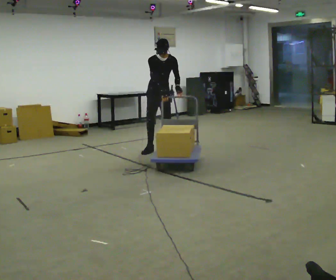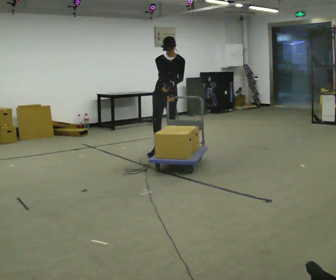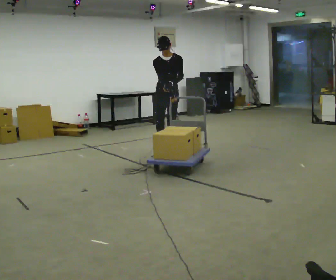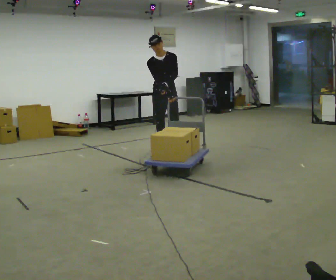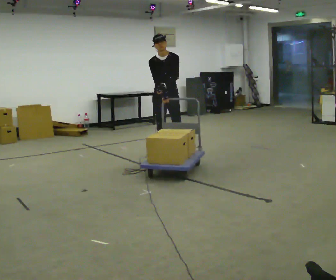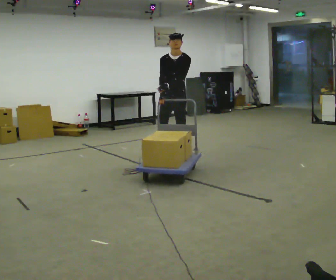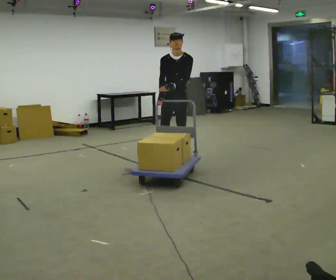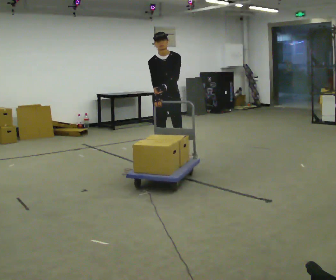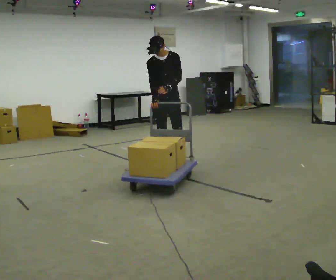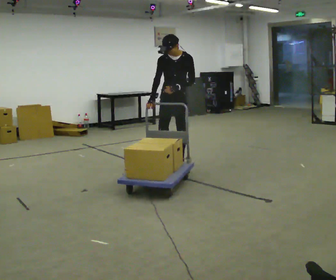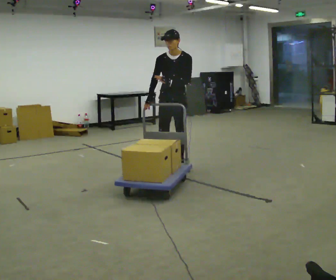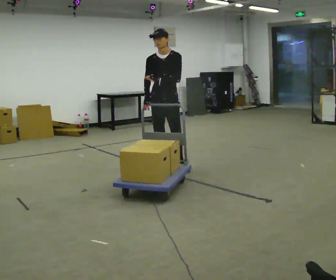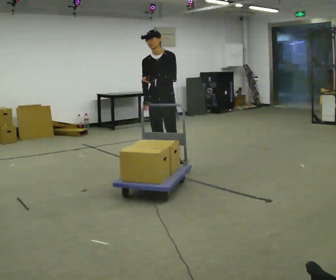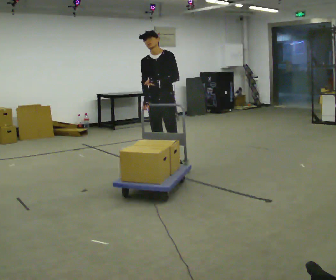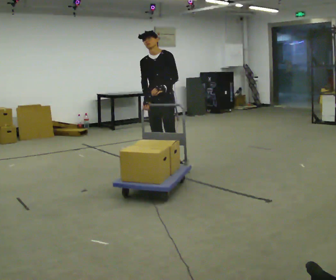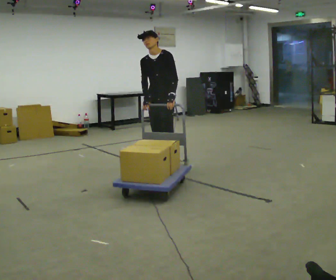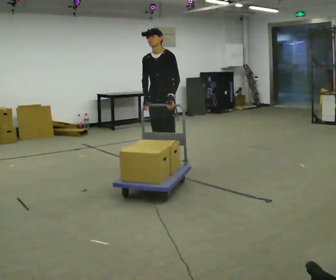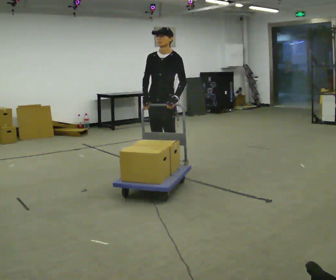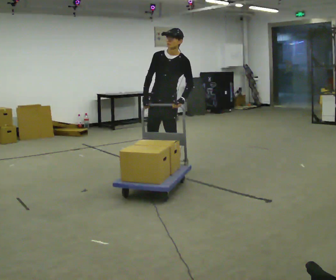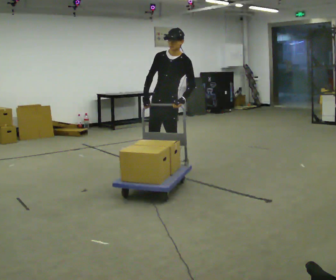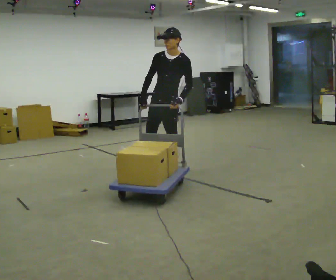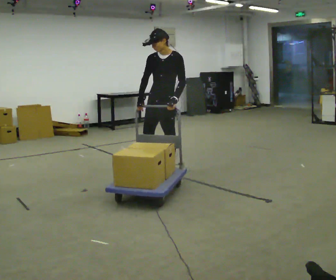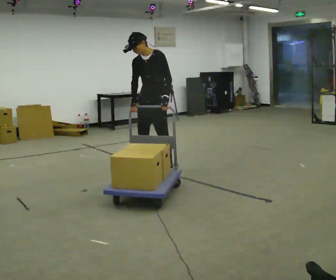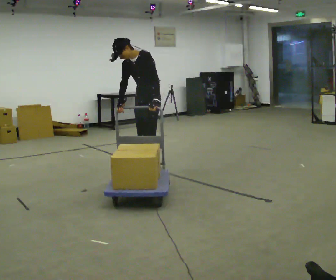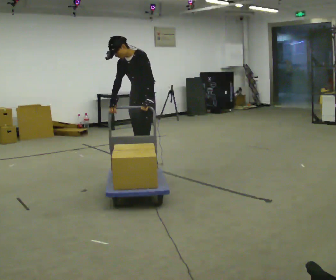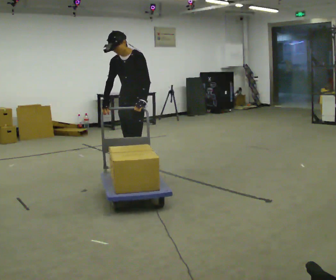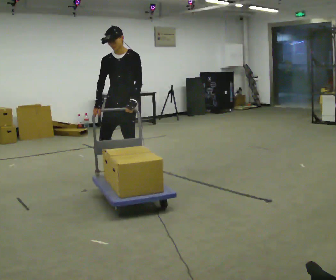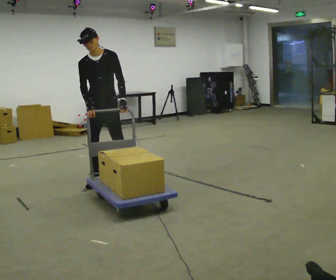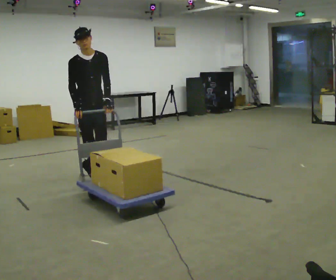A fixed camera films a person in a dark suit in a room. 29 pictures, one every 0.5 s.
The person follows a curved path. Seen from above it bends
clockwise.
The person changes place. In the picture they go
toward the camera.
0.0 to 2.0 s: In the picture they go toward the camera, about 0.25 m in 2 steps, which for them is forward.
2.0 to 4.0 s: In the picture they go toward the camera, about 0.5 m in 1 step, which for them is forward.
4.0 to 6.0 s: In the picture they go toward the camera, about 0.25 m in 2 steps, which for them is forward.
6.0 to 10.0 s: In the picture they go toward the camera, about 0.25 m in 1 step, which for them is to their left and forward.
10.0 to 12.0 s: In the picture they go to the left, about 0.25 m in 1 step, which for them is to their right and forward. In the picture the upper body tilts counterclockwise, shoulders to the left, as they bend forward.
12.0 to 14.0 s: Seen from above the body turns counterclockwise, about 75 degrees: to their left, with its near side sliding to the right. In the picture they go to the left, about 0.75 m in 2 steps. In the picture the upper body tilts clockwise, shoulders to the right.
The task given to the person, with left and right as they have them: Push the loaded cart from one corner of the room to the other, turn it round, and push it back. Keep going until the operator says stop.
The film runs forward here.
